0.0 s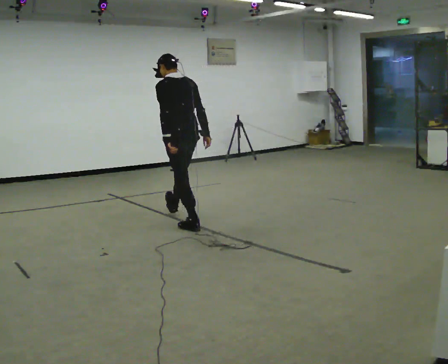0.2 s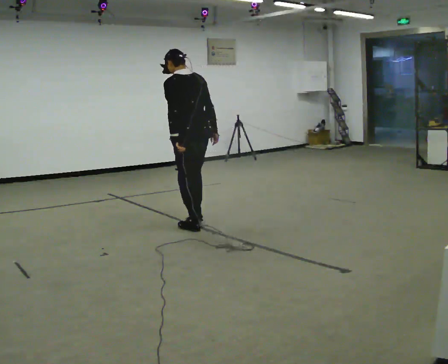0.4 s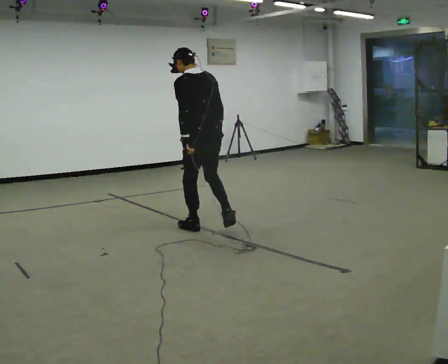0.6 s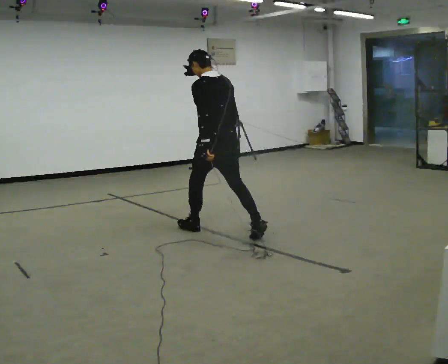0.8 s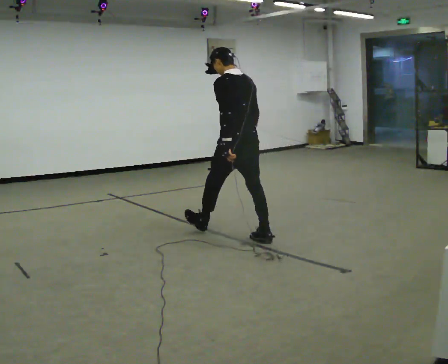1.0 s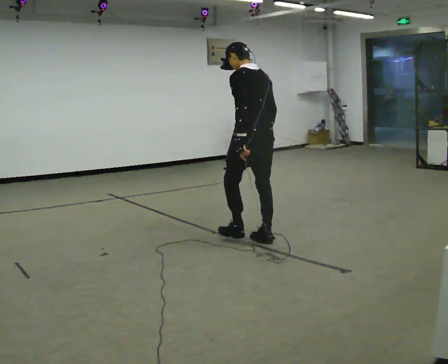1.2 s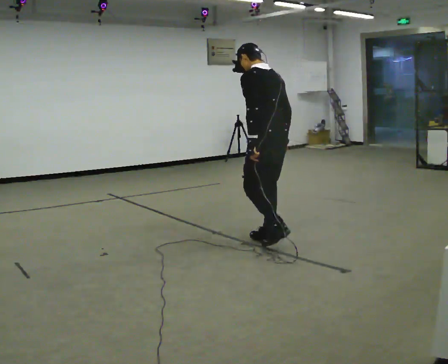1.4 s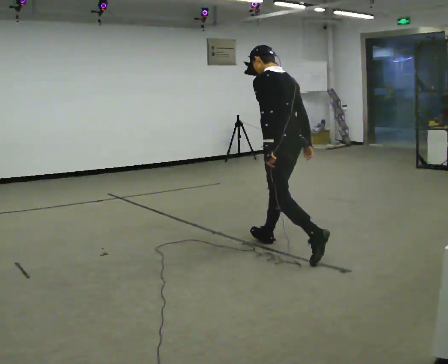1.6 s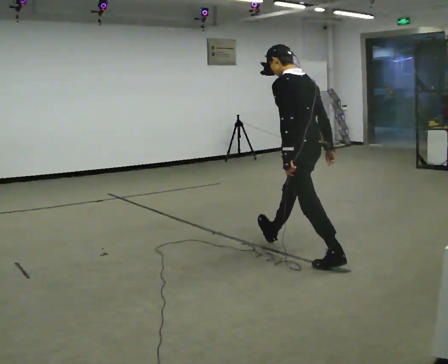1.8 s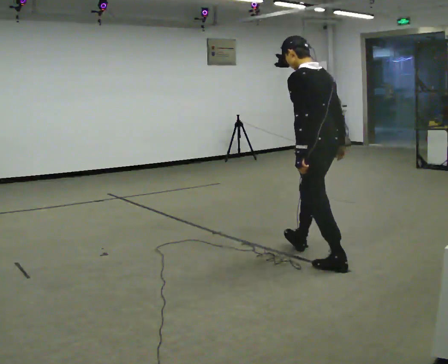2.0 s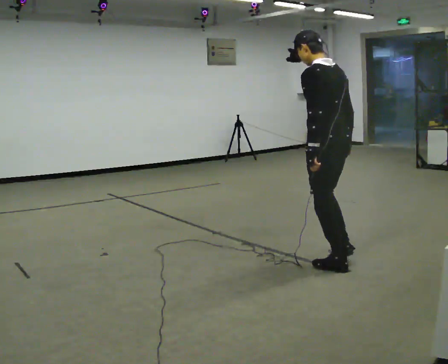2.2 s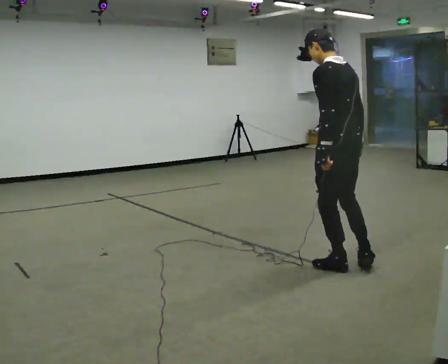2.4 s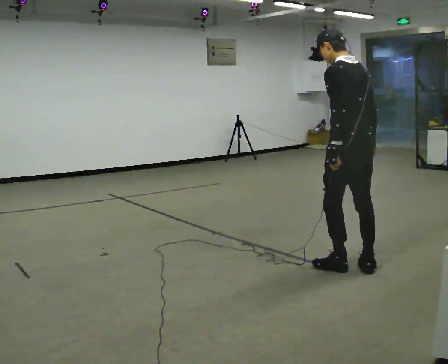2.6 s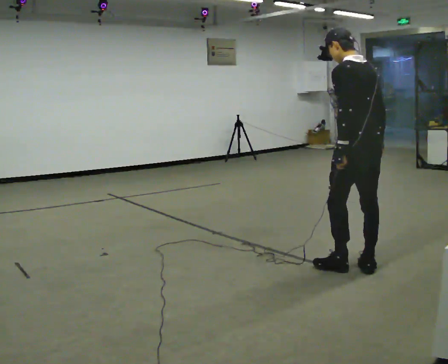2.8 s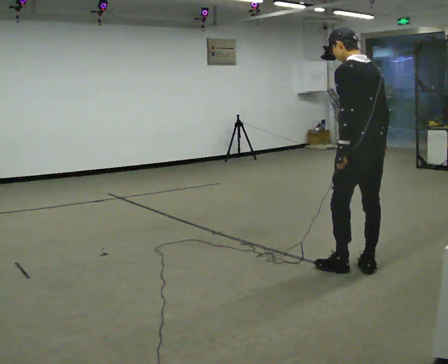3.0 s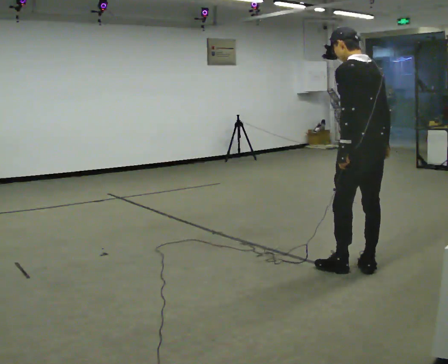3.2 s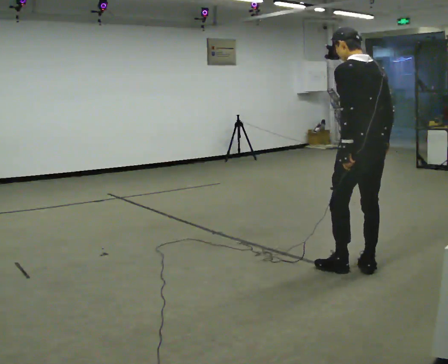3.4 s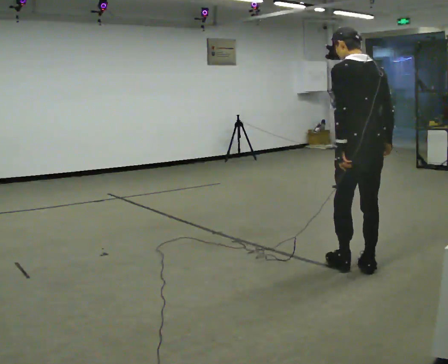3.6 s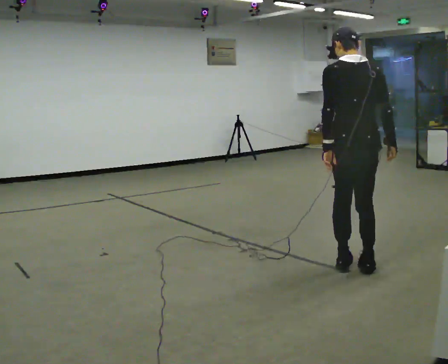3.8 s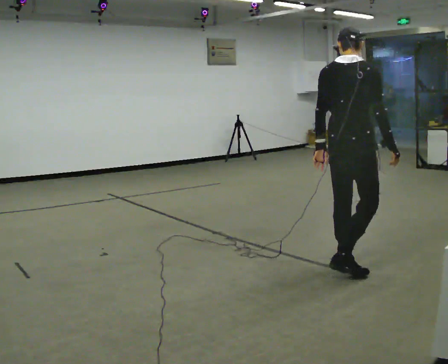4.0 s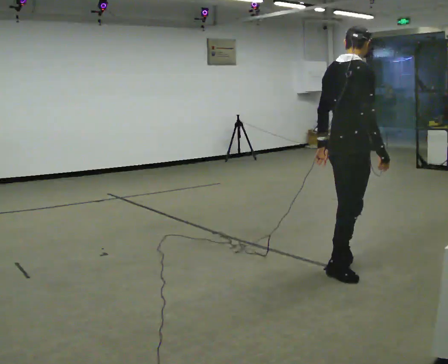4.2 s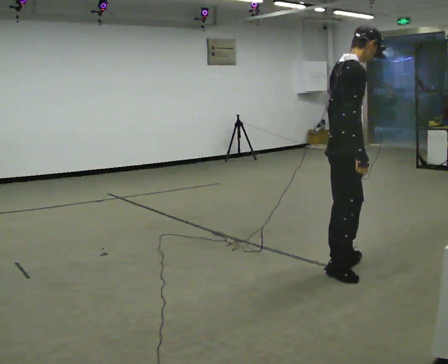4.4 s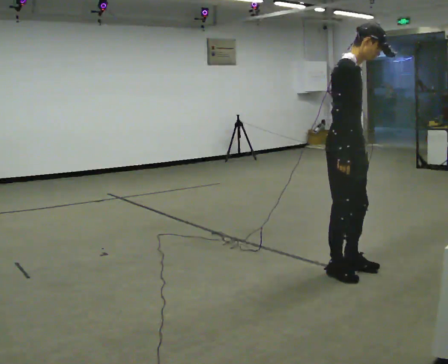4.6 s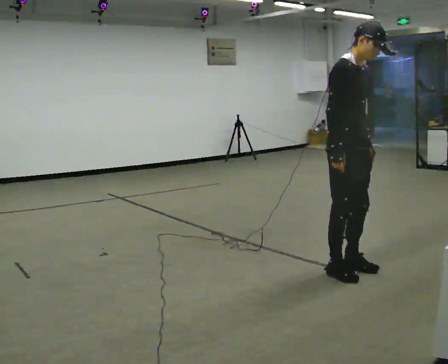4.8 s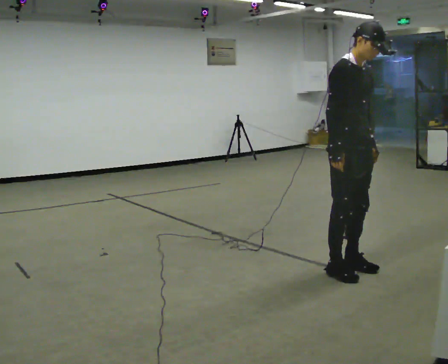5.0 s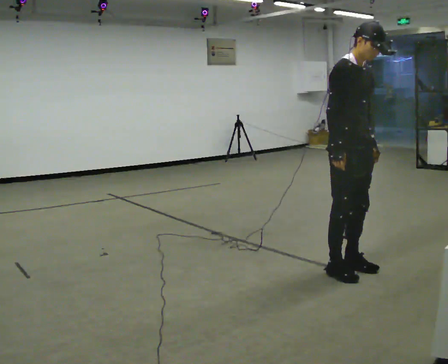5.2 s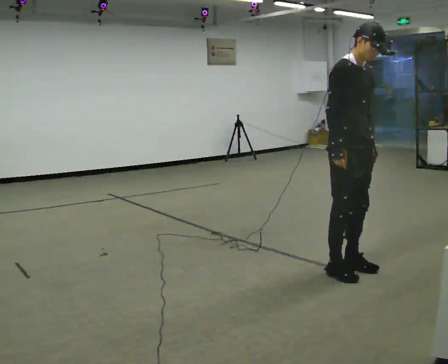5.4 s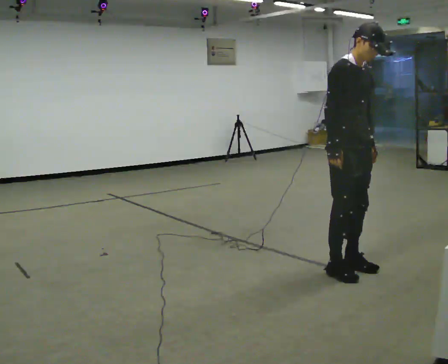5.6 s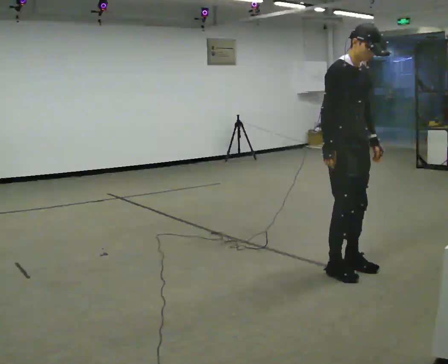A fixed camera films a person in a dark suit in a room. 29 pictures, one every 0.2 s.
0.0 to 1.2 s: In the picture they go to the right and toward the camera, about 1 m in 1 step, which for them is backward.
1.2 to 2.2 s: In the picture they go toward the camera and to the right, about 1 m in 1 step, which for them is backward.
2.2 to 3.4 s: In the picture they go to the right, about 0.25 m, which for them is backward.
3.4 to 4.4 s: The person turns about 120 degrees to their right, clockwise seen from above, so the part of the body nearest the lens slides to the left. In the picture they go to the left, about 0.25 m in 1 step. In the picture the upper body tilts clockwise, shoulders to the right. In the picture their right hand goes to the left.
4.4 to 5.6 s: The person turns about 30 degrees to their right, clockwise seen from above, so the part of the body nearest the lens slides to the left.
The film runs backward here.
